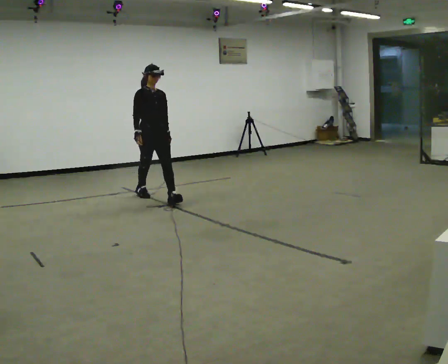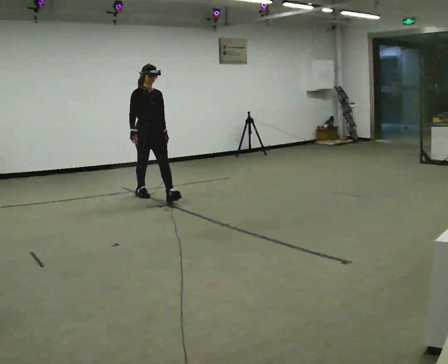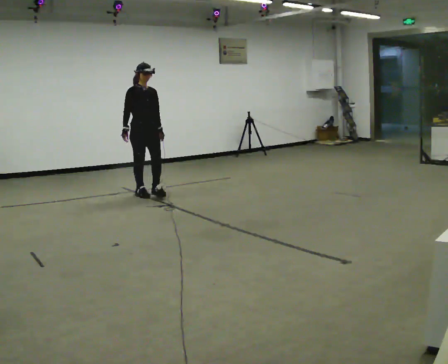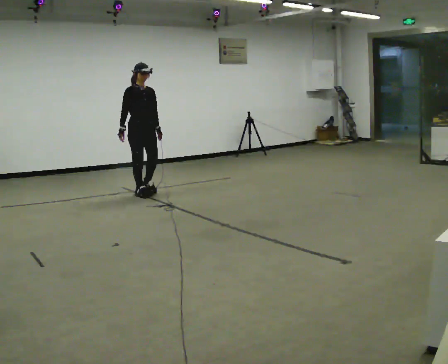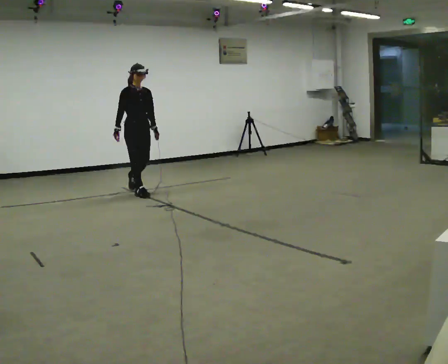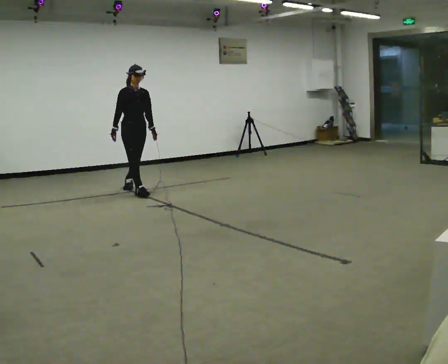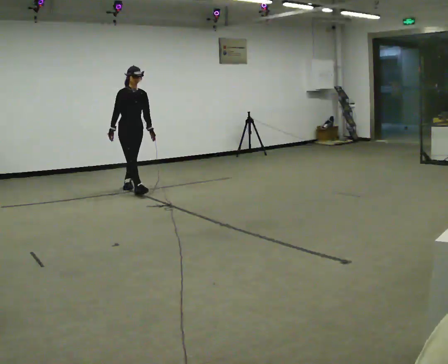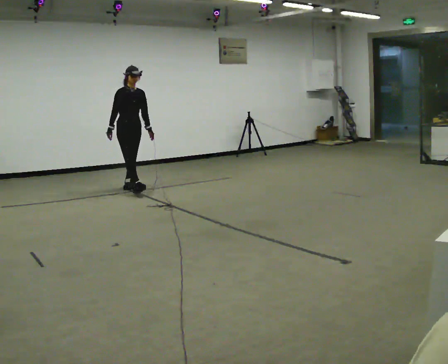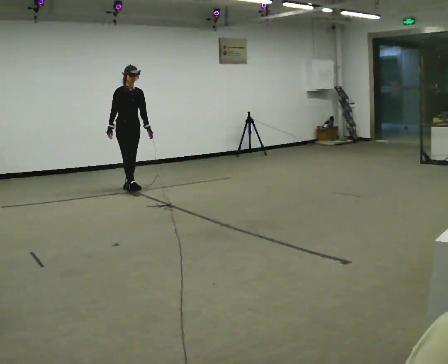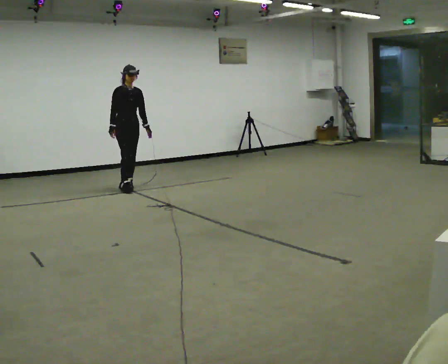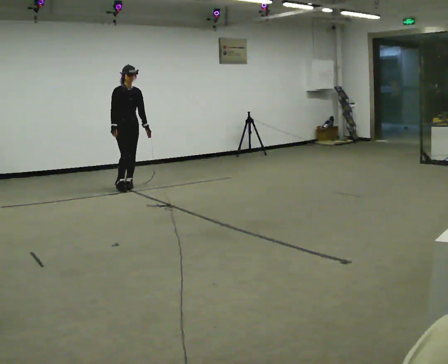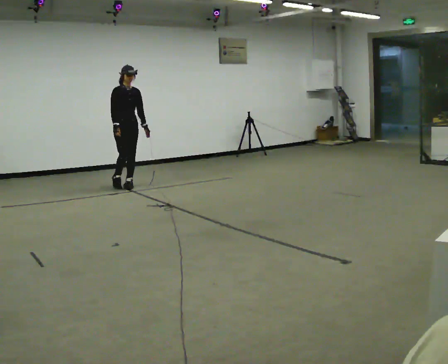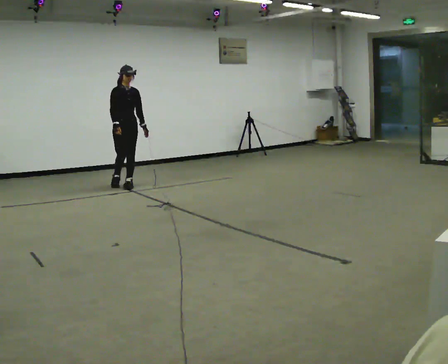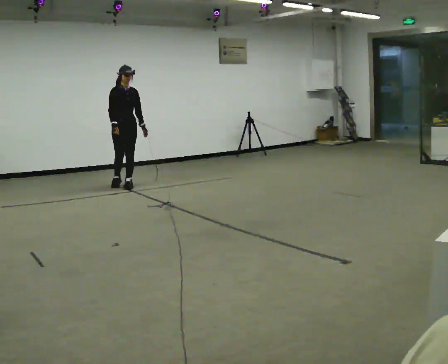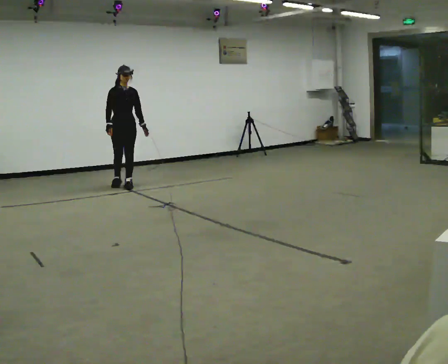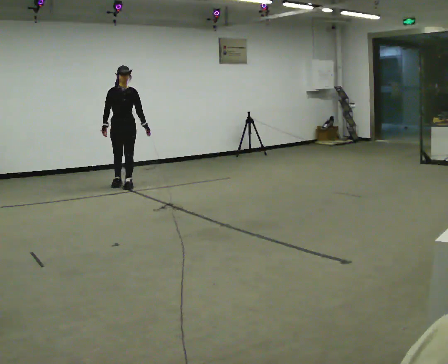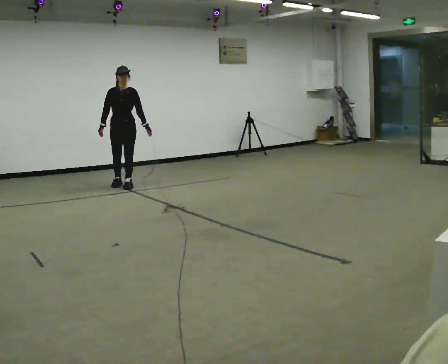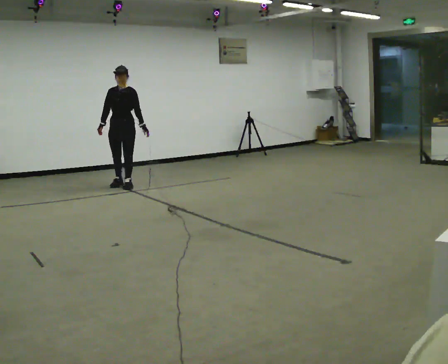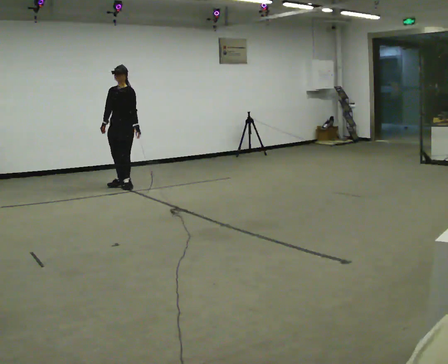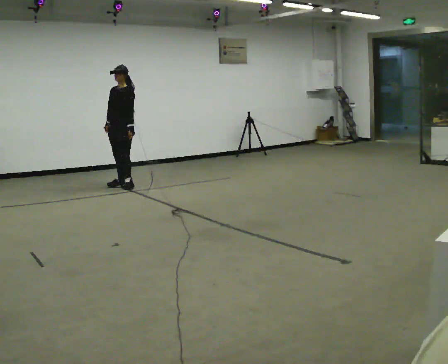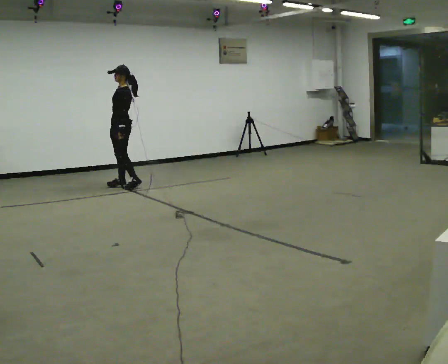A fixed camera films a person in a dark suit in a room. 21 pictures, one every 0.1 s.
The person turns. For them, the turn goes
to their right.
The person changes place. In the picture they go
away from the camera.
0.0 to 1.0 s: In the picture they go away from the camera and to the left, about 1 m in 2 steps, which for them is backward.
1.0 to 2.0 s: Seen from above the body turns clockwise, about 90 degrees: to their right, with its near side sliding to the left.
The film runs backward here.
